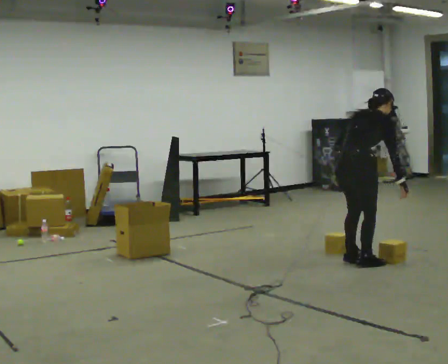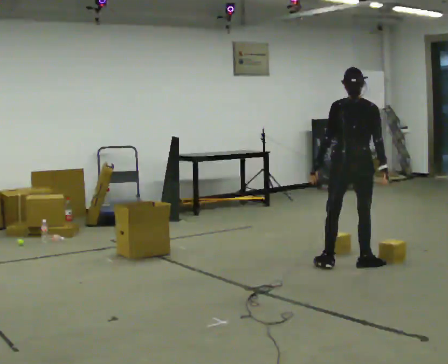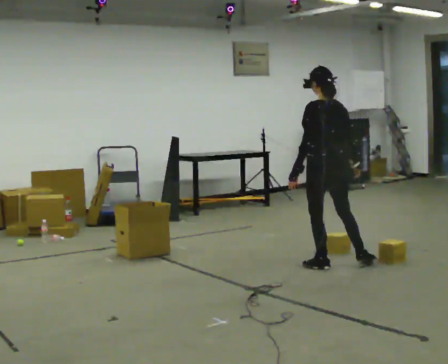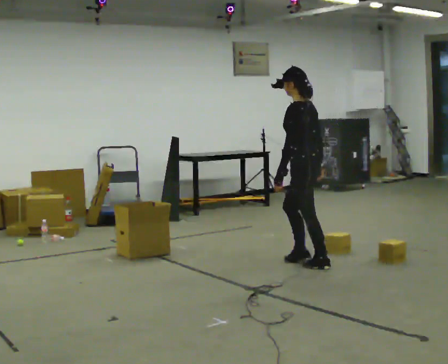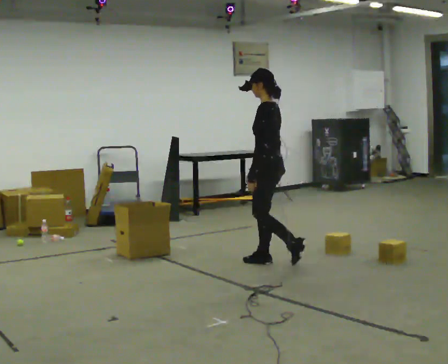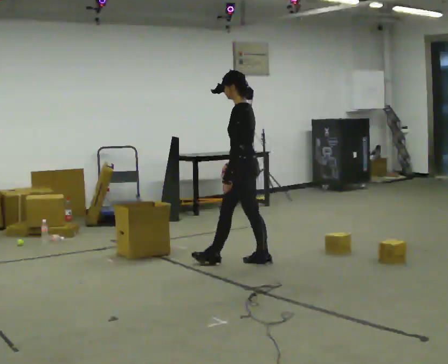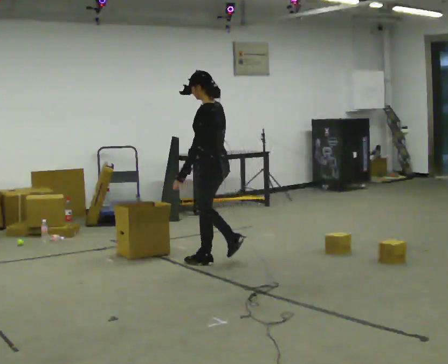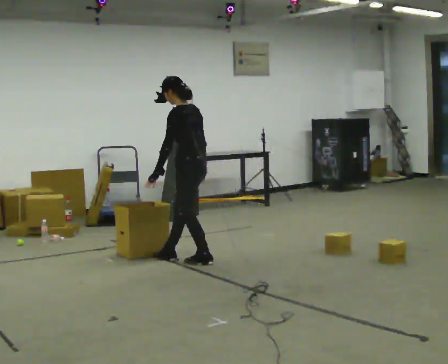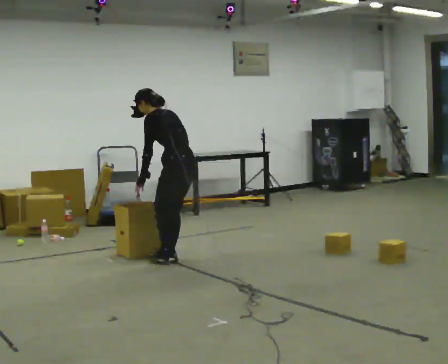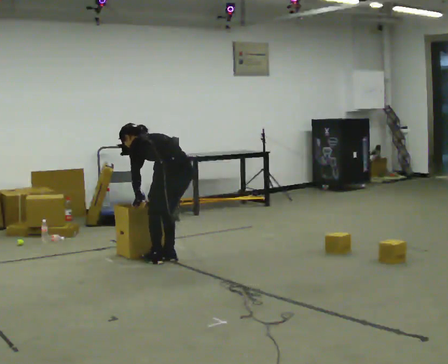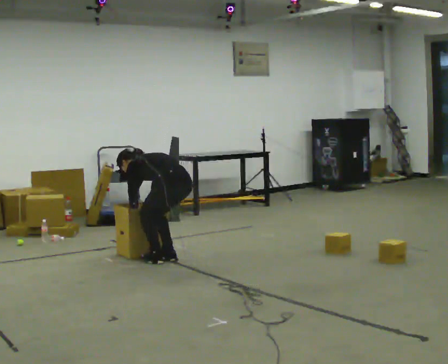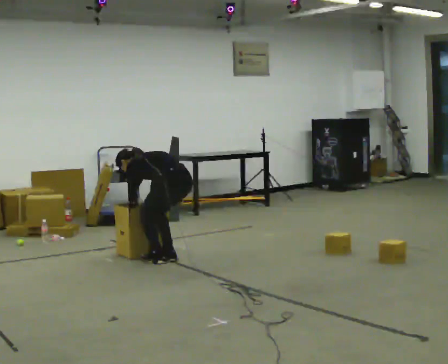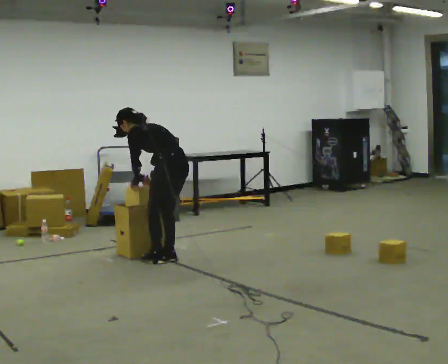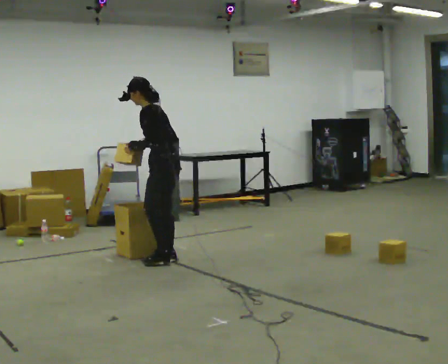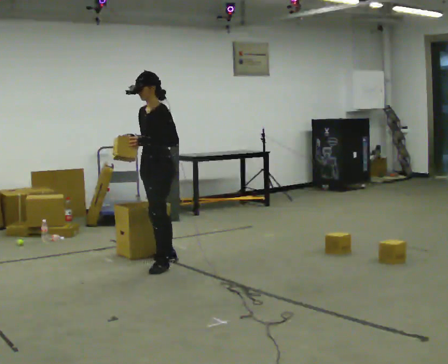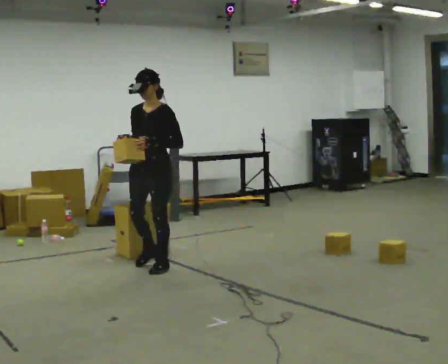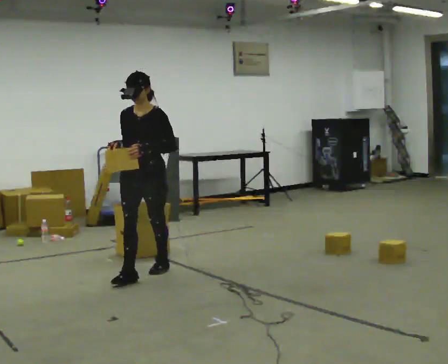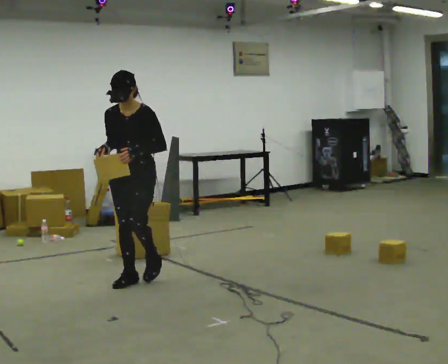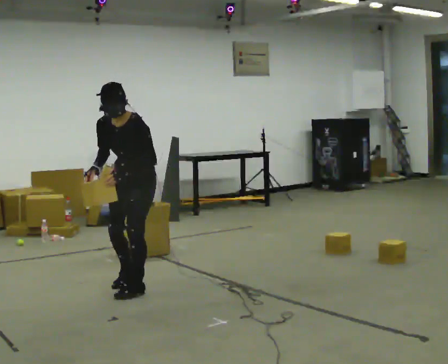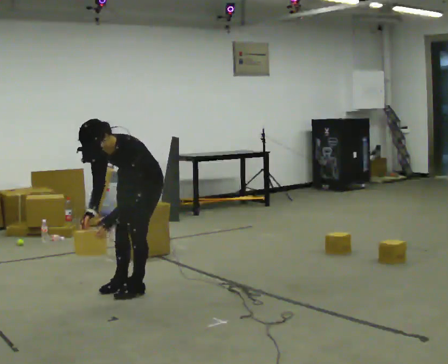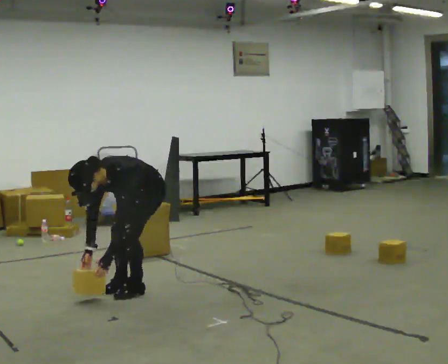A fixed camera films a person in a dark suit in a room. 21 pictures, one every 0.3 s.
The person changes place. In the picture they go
to the left.
The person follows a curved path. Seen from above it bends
counterclockwise.
0.0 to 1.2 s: Seen from above the body turns counterclockwise, about 120 degrees: to their left, with its near side sliding to the right. In the picture they go to the left and away from the camera, about 0.75 m in 2 steps. In the picture the upper body tilts counterclockwise, shoulders to the left, as they lean back or straighten.
1.2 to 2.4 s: In the picture they go to the left, about 1 m in 2 steps, which for them is forward. In the picture the upper body tilts counterclockwise, shoulders to the left, as they bend forward.
2.4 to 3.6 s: The person moves a little, or ends about where they began.
3.6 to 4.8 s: Seen from above the body turns counterclockwise, about 105 degrees: to their left, with its near side sliding to the right. In the picture they go toward the camera and to the left, about 0.5 m in 1 step. The upper body tips toward the camera, its near side rolling downward, as they lean back or straighten. In the picture their right hand goes upward.
4.8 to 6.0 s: In the picture they go toward the camera, about 0.25 m in 3 steps, which for them is forward and to their left. The shoulders move downward. In the picture the upper body tilts counterclockwise, shoulders to the left, as they bend forward. In the picture their right hand goes downward.
The film runs forward here.
